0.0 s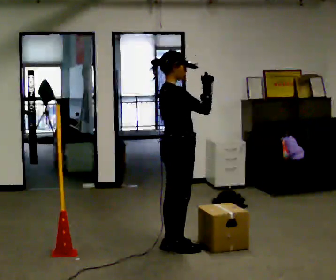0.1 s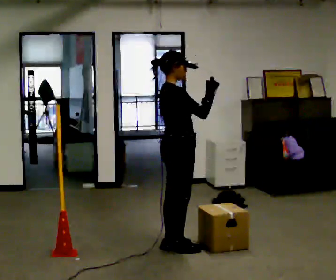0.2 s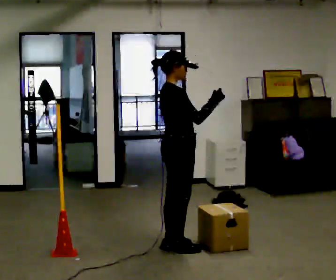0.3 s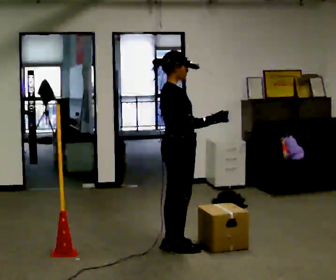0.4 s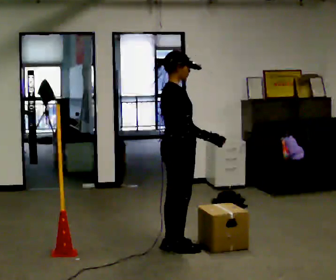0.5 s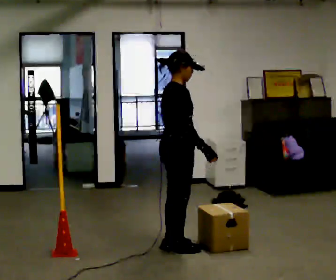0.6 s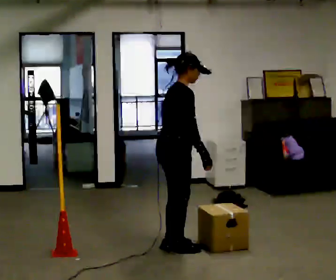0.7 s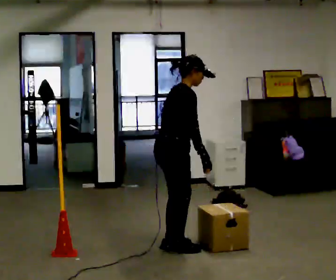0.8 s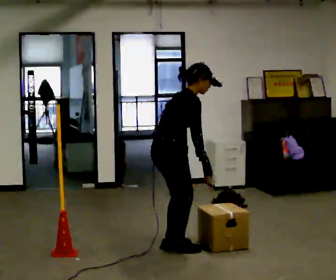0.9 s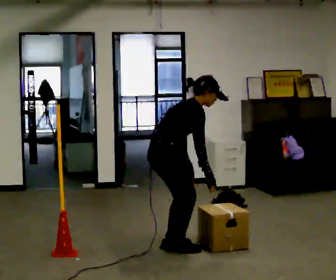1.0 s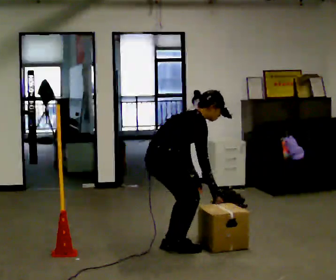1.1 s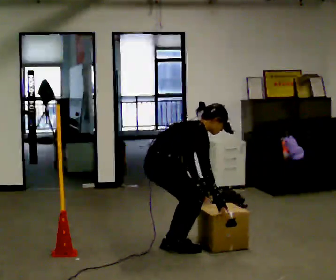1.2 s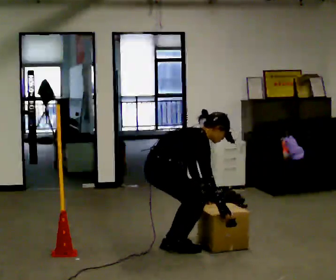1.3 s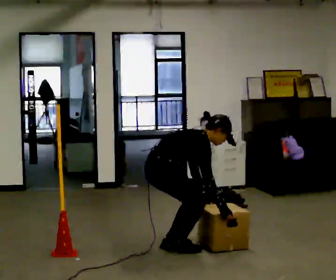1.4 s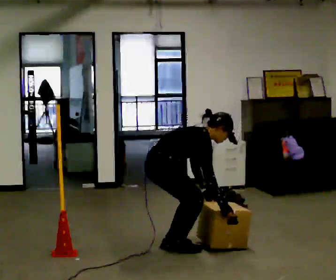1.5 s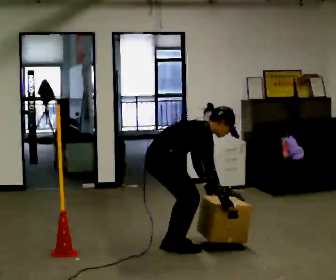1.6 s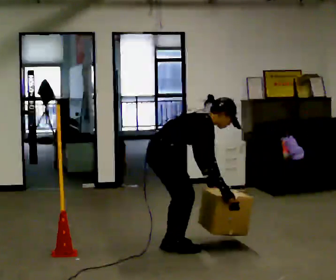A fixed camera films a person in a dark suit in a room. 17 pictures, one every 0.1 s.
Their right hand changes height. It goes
downward.
The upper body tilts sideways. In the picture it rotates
clockwise.
0.0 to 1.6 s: In the picture the upper body tilts clockwise, shoulders to the right, as they bend forward. In the picture their right hand goes downward.
The film runs backward here.
